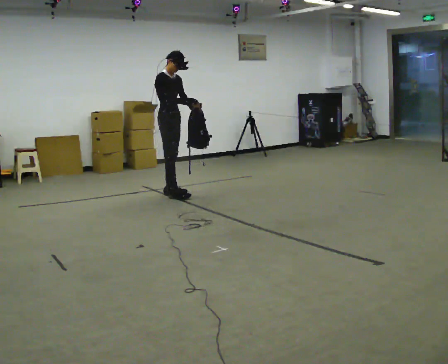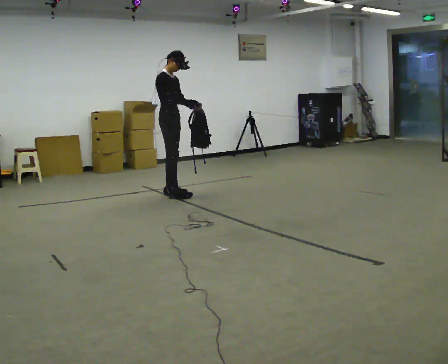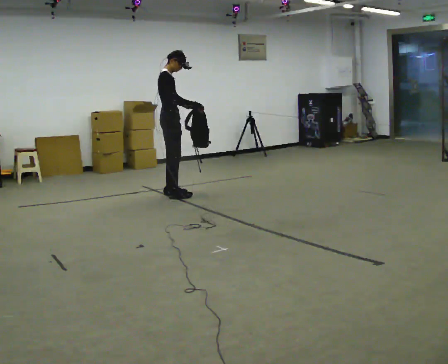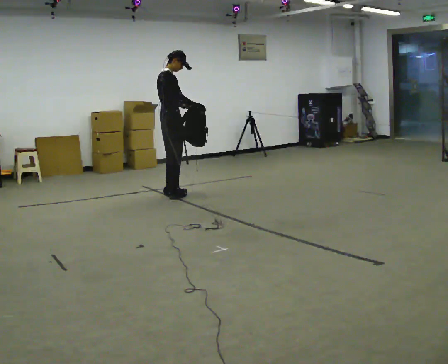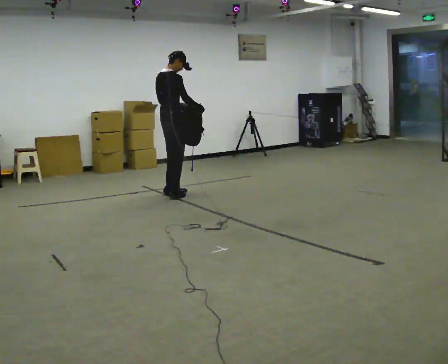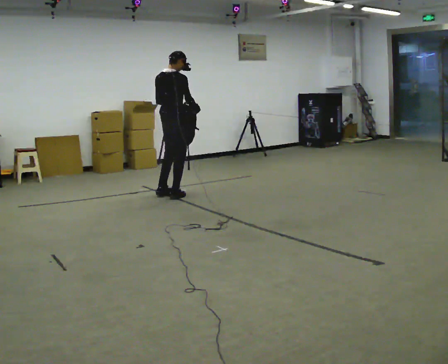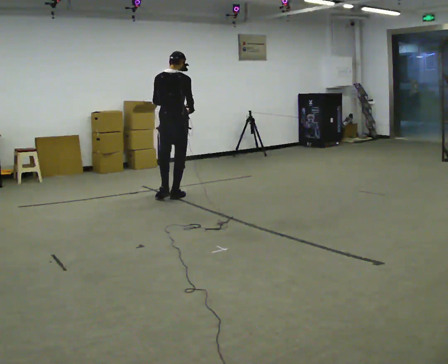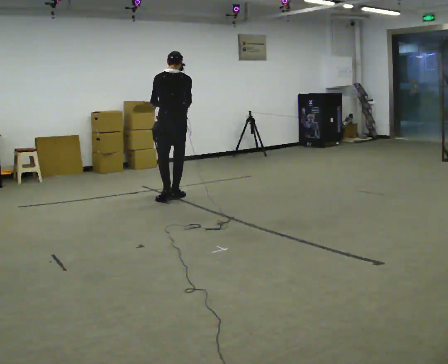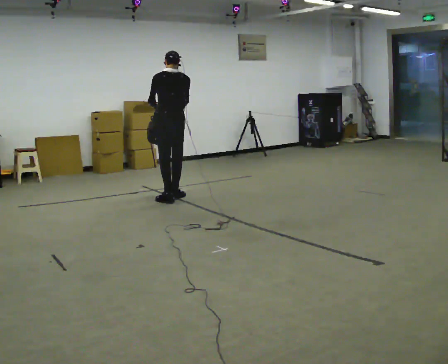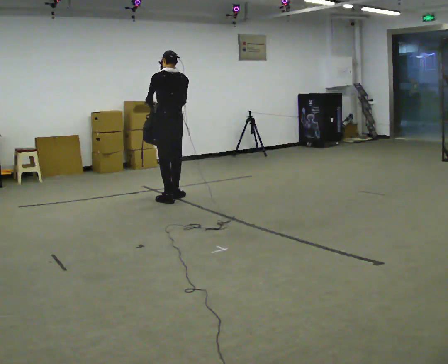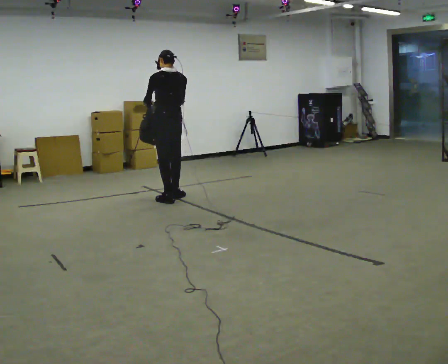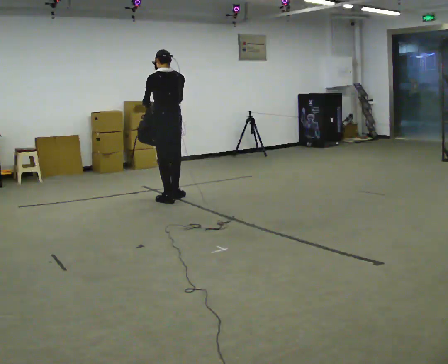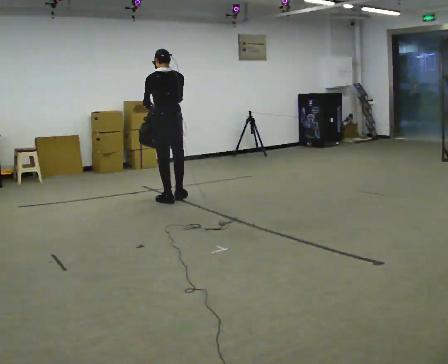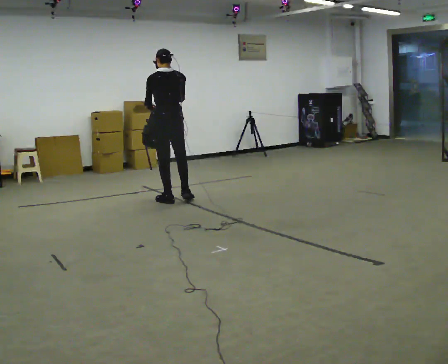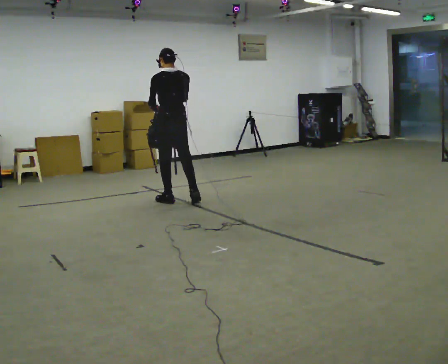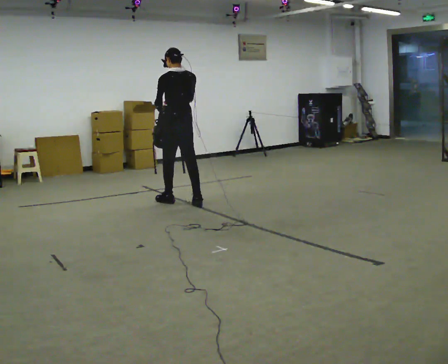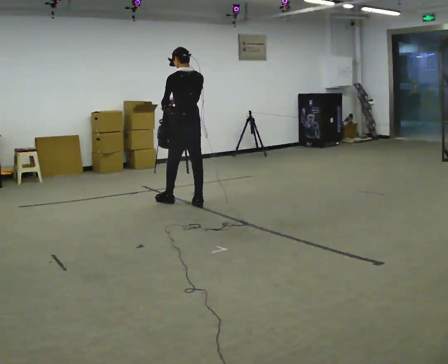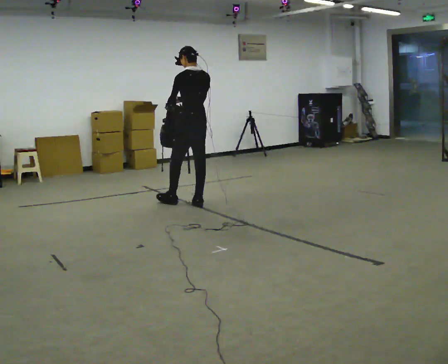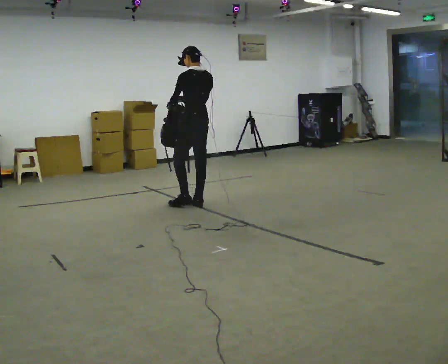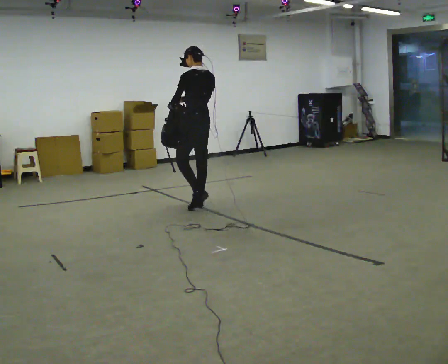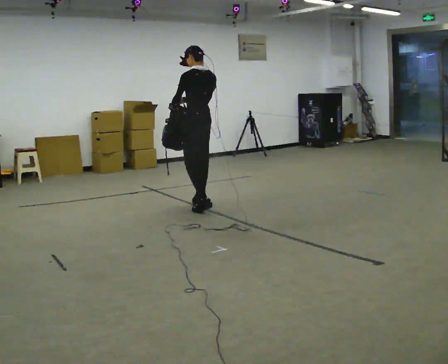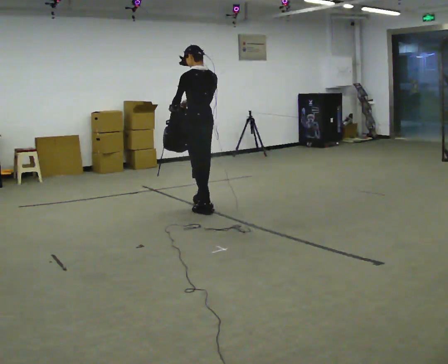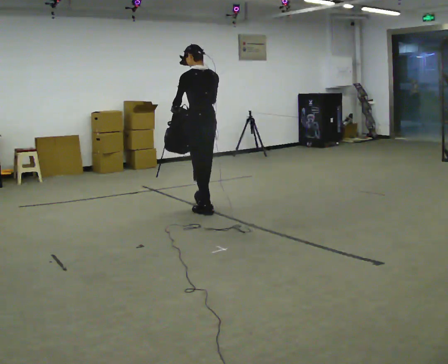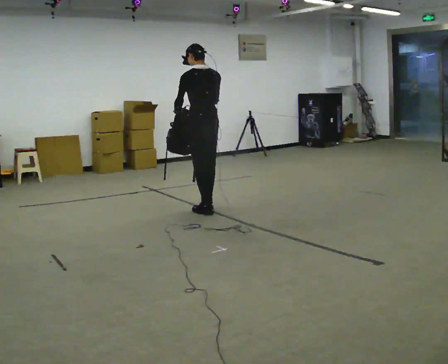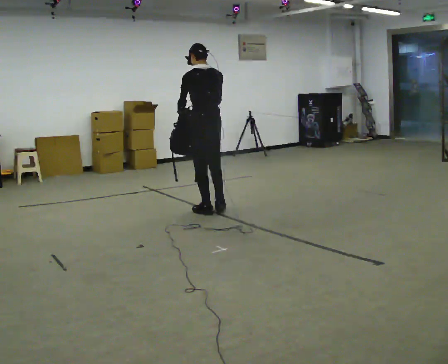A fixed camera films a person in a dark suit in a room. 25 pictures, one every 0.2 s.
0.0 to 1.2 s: The part of the body nearest the lens slides to the right as the person turns to their left by about 105 degrees. In the picture they go toward the camera, about 0.25 m in 1 step.
1.2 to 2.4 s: Seen from above the body turns counterclockwise, about 30 degrees: to their left, with its near side sliding to the right. In the picture they go toward the camera, about 0.25 m in 1 step, which for them is backward and to their left.
2.4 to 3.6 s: In the picture they go to the right and toward the camera, about 0.25 m in 1 step, which for them is backward and to their right.
3.6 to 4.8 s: In the picture they go toward the camera, about 0.5 m in 1 step, which for them is backward.
The film runs backward here.
